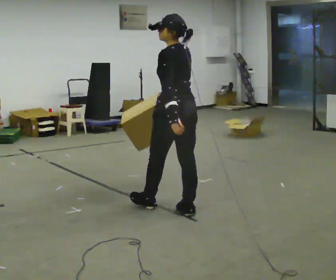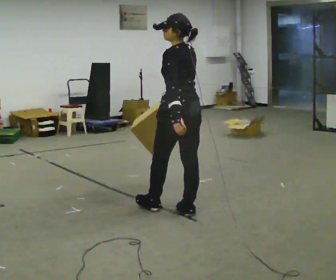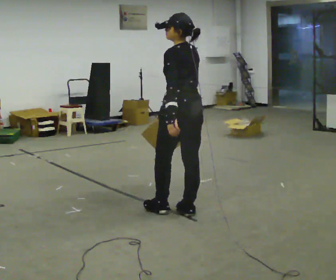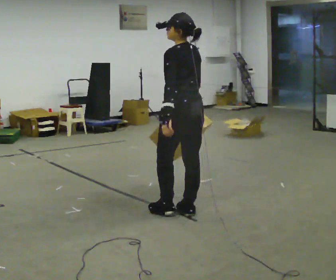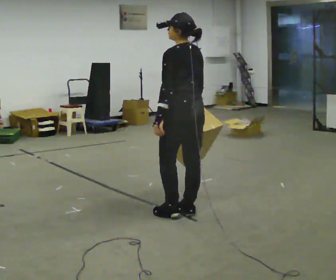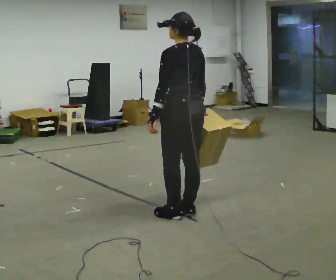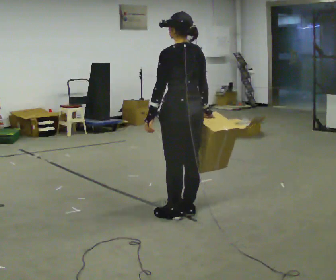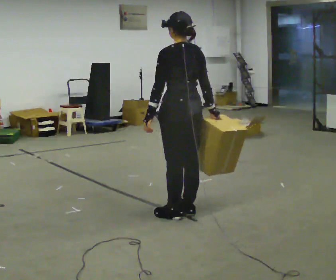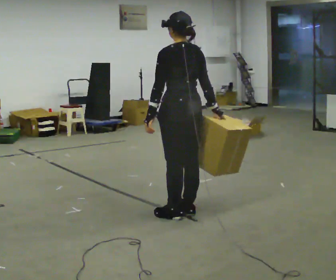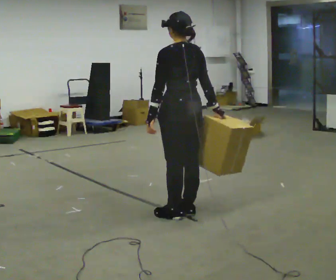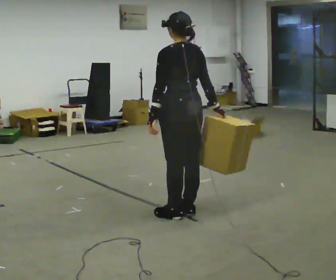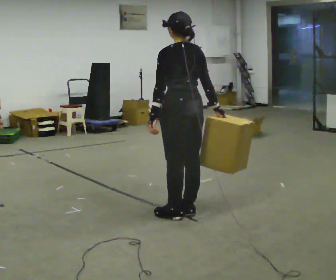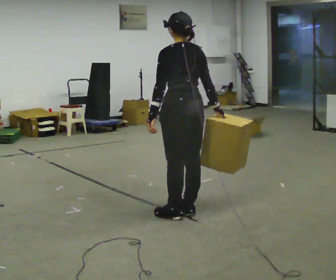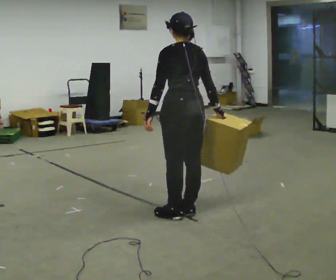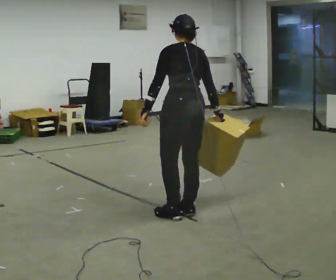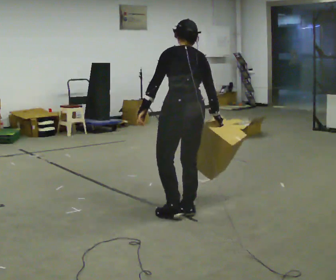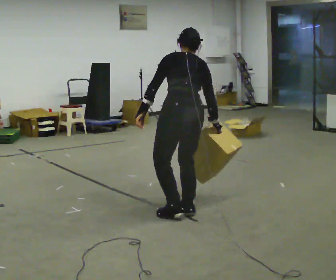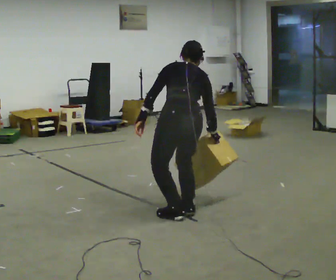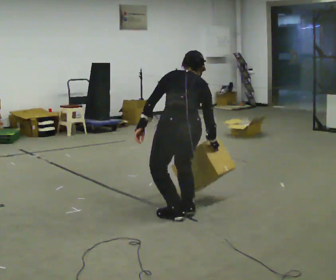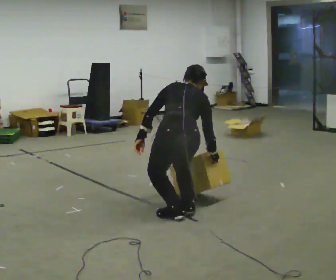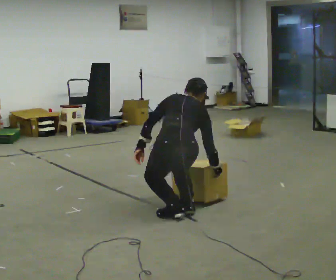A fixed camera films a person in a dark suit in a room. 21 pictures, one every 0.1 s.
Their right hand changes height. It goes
downward.
The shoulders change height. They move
downward.
0.0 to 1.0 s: In the picture their right hand goes to the right, the arm swinging counterclockwise.
1.0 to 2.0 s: The part of the body nearest the lens slides to the left as the person turns to their right by about 30 degrees. The shoulders move downward. The upper body tips away from the camera, its near side rolling upward, as they bend forward.
The film runs backward here.
